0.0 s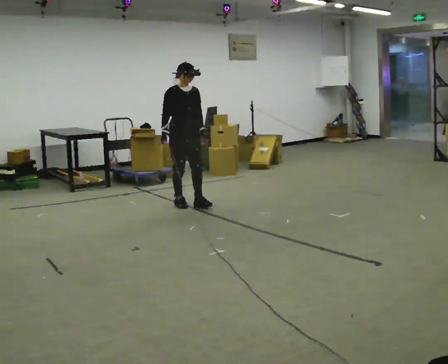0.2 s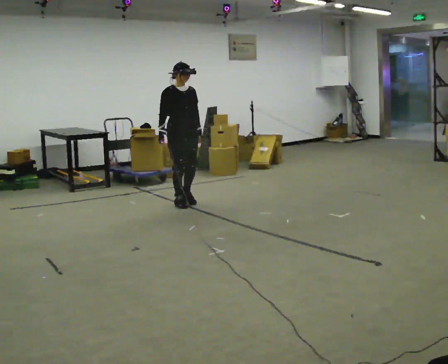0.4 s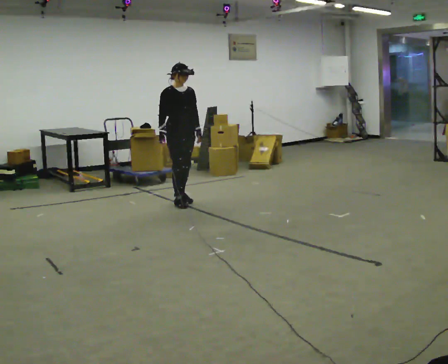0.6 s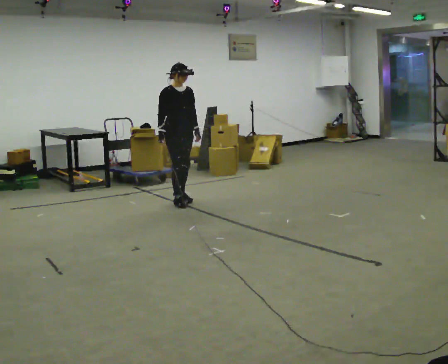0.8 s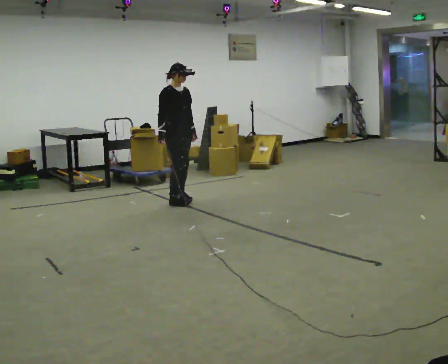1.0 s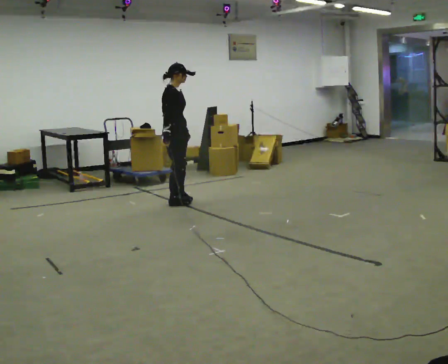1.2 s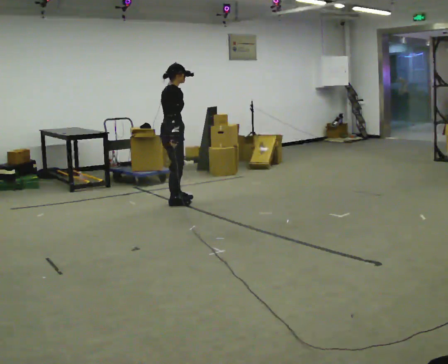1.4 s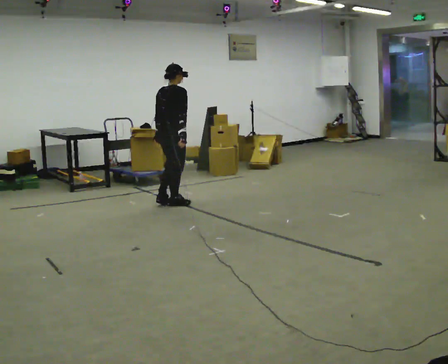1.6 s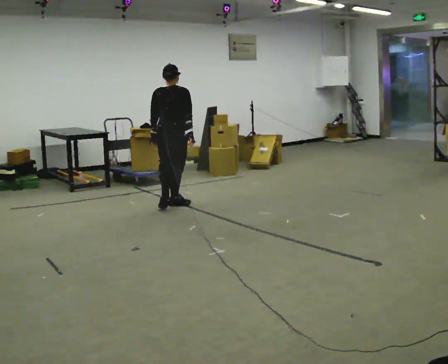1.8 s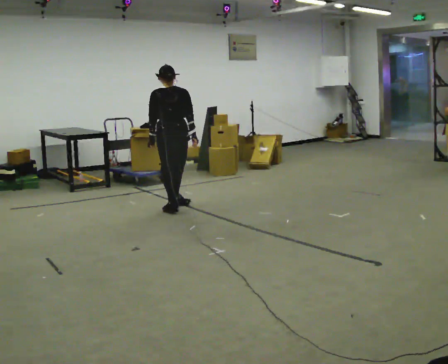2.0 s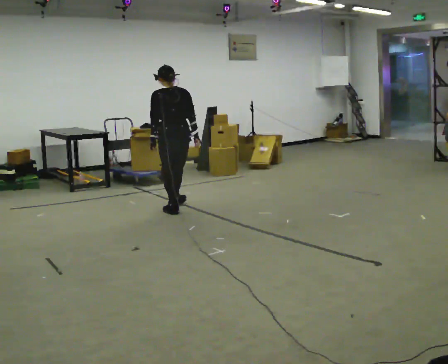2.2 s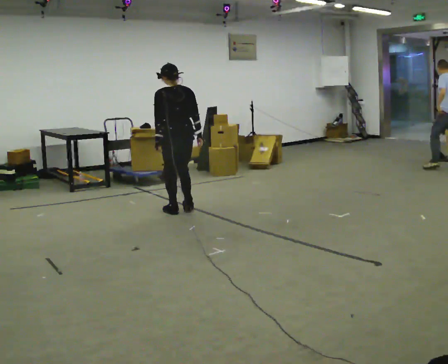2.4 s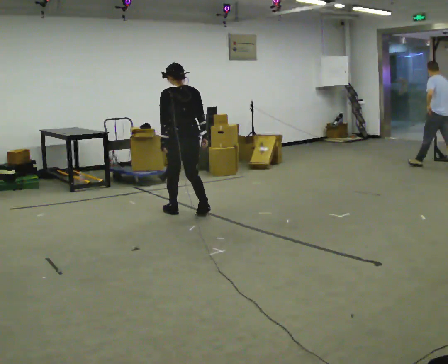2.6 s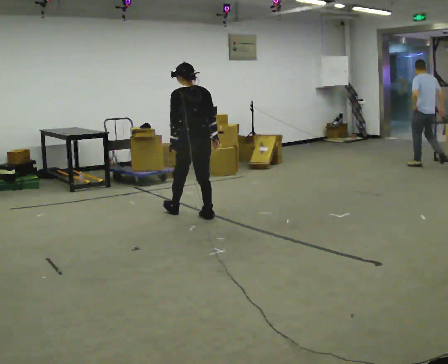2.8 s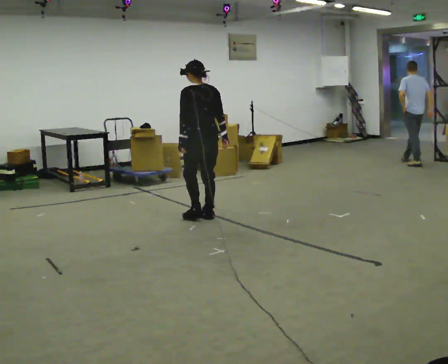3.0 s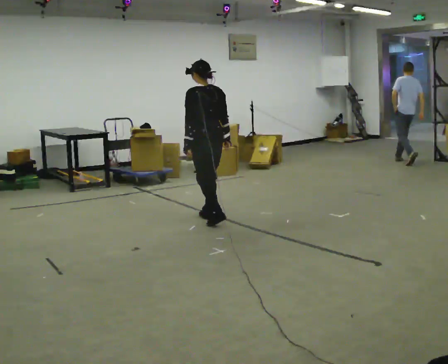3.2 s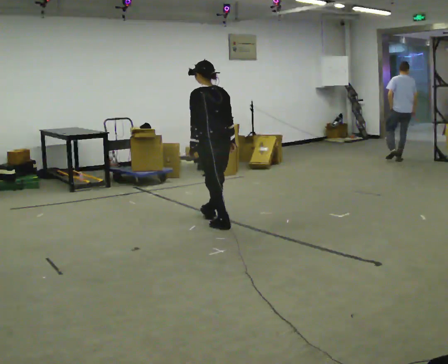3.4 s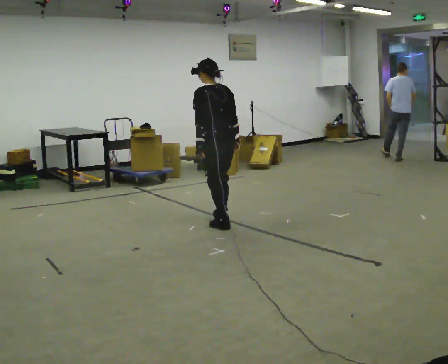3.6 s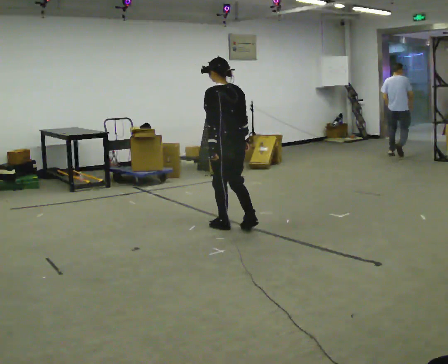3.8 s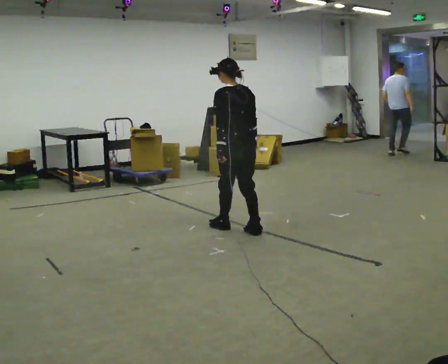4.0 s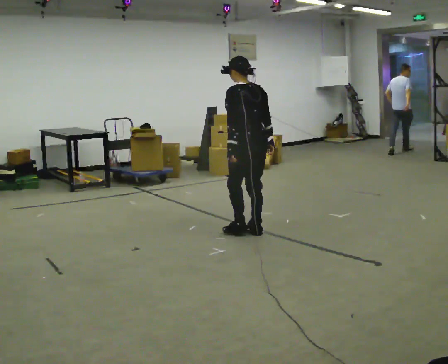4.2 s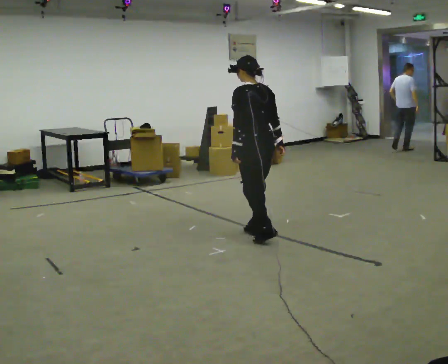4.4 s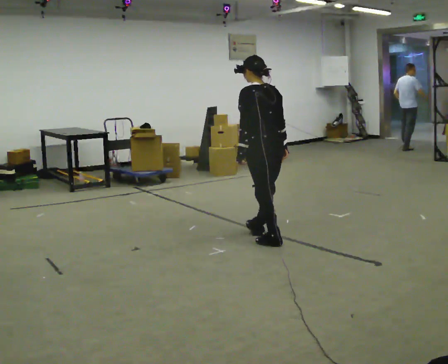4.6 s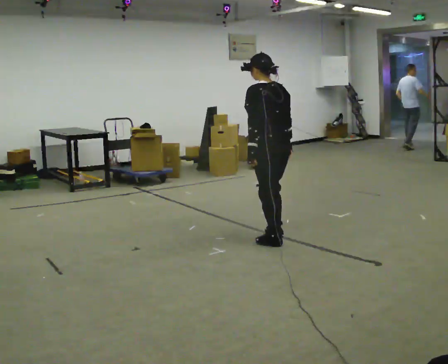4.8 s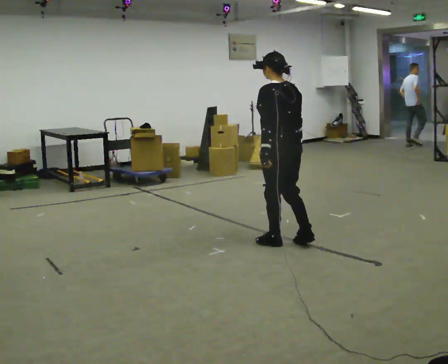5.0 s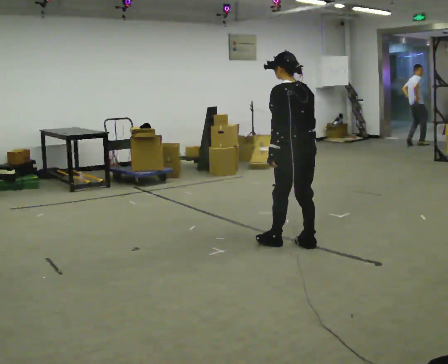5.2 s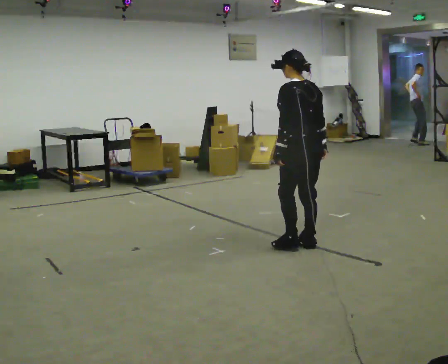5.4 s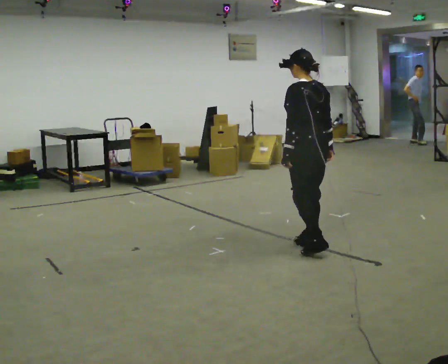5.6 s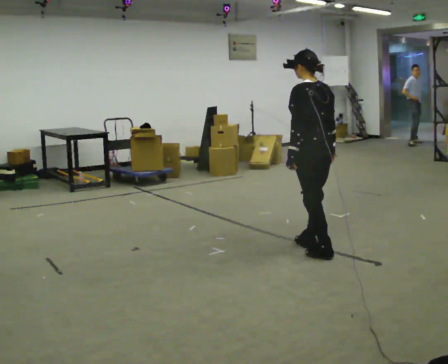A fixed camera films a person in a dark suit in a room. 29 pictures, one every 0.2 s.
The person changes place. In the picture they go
toward the camera.
The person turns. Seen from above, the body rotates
counterclockwise.
0.0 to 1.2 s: Seen from above the body turns counterclockwise, about 75 degrees: to their left, with its near side sliding to the right. In the picture their left hand goes to the left.
1.2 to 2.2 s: The person turns about 90 degrees to their left, counterclockwise seen from above, so the part of the body nearest the lens slides to the right. In the picture they go toward the camera and to the right, about 0.5 m in 1 step. In the picture the upper body tilts counterclockwise, shoulders to the left.
2.2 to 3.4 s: In the picture they go toward the camera and to the right, about 0.75 m in 2 steps, which for them is backward.
3.4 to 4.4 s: In the picture they go toward the camera and to the right, about 0.5 m in 2 steps, which for them is backward.
4.4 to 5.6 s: In the picture they go toward the camera and to the right, about 0.5 m in 2 steps, which for them is backward.
The film runs forward here.
